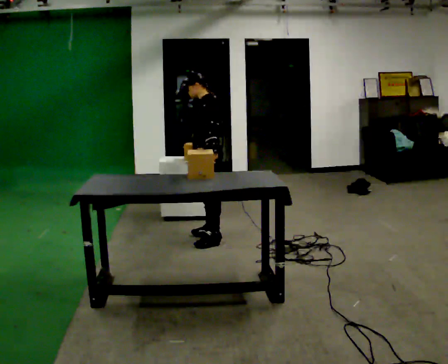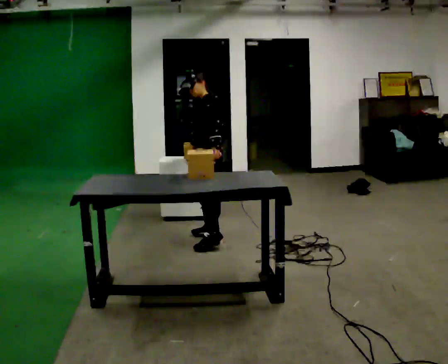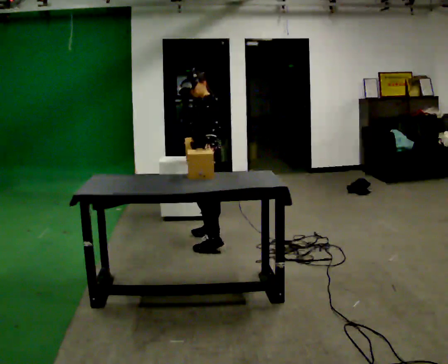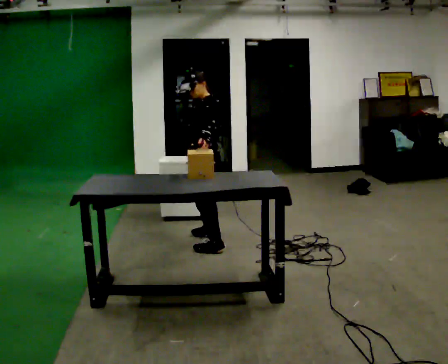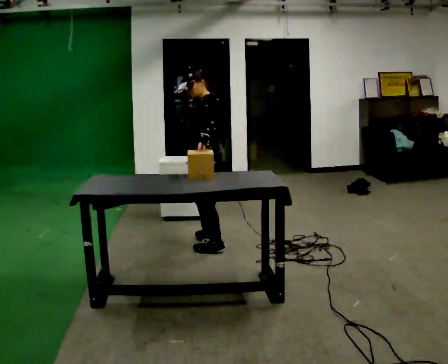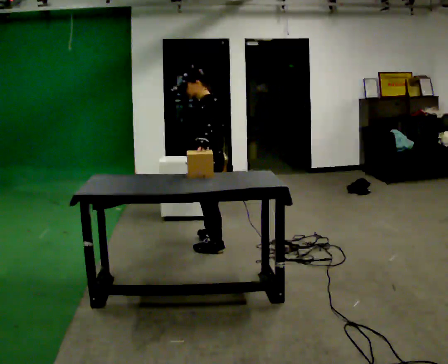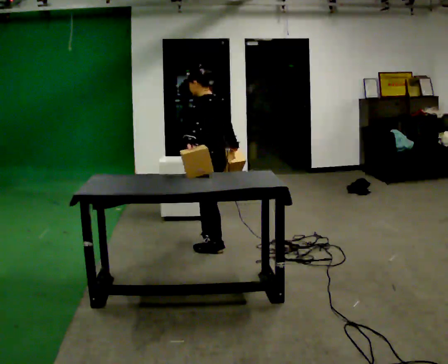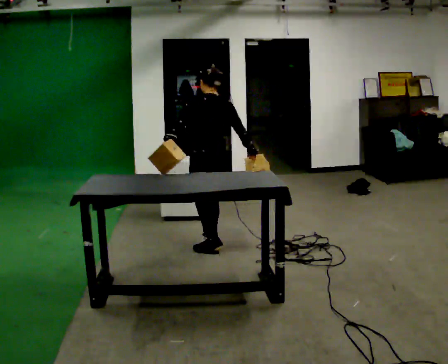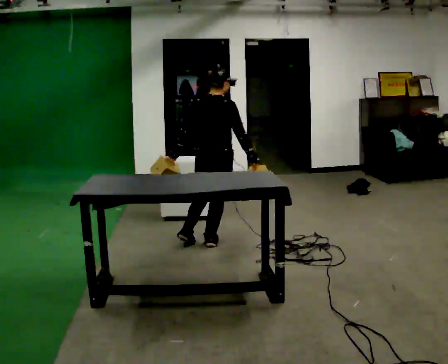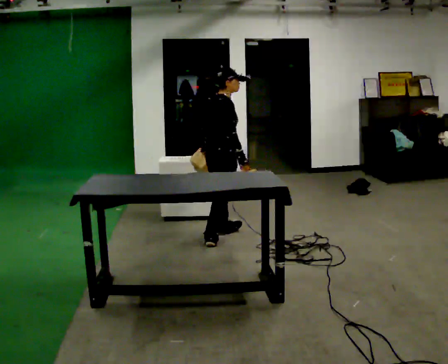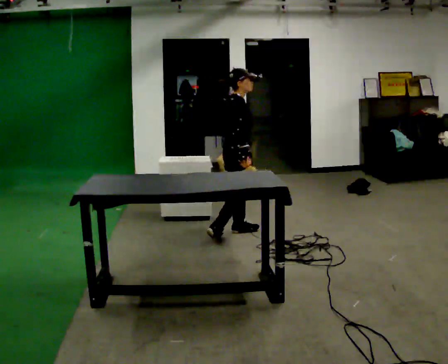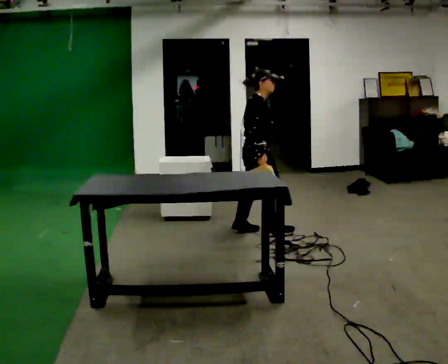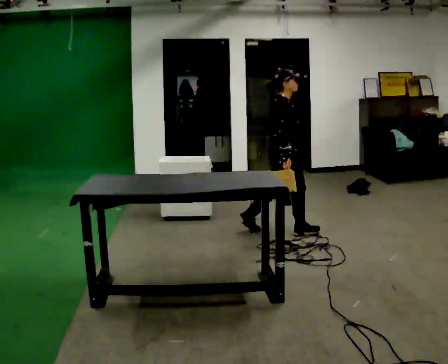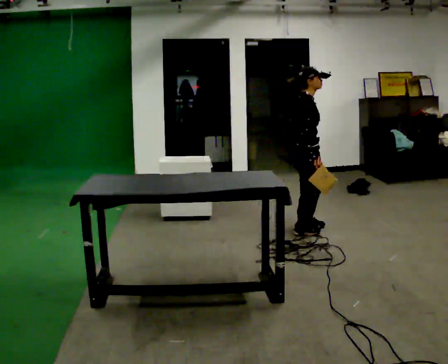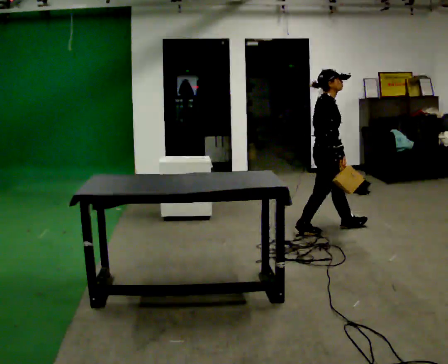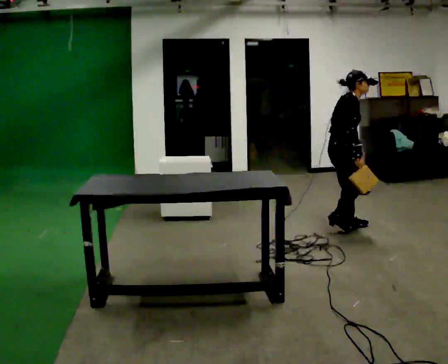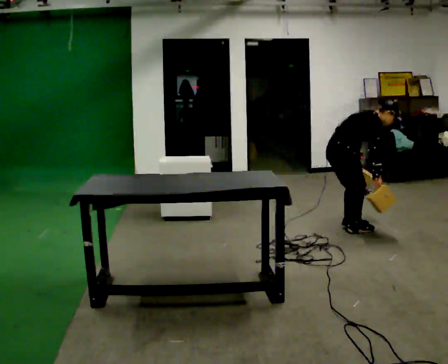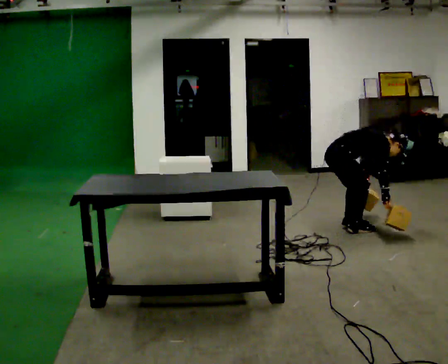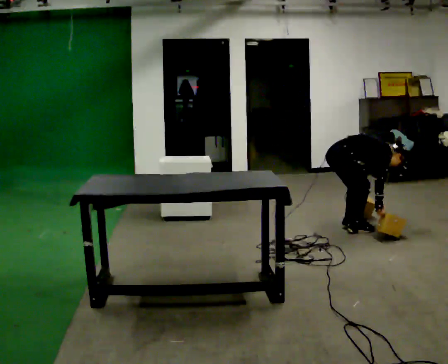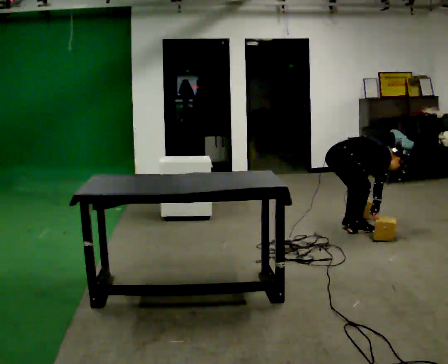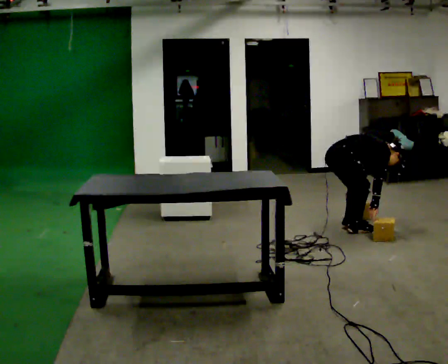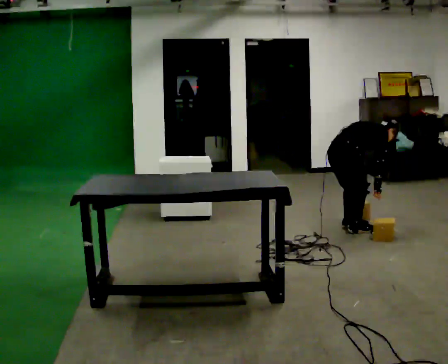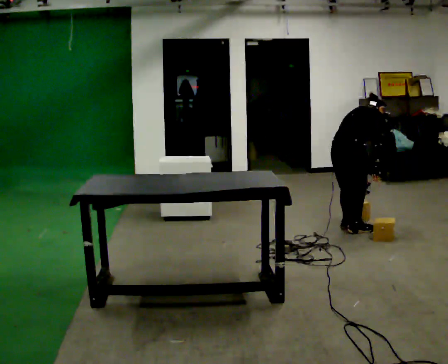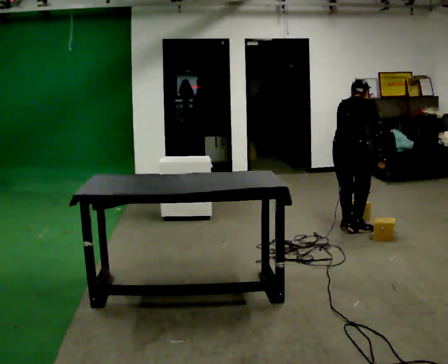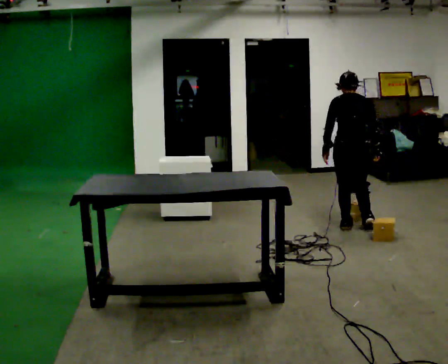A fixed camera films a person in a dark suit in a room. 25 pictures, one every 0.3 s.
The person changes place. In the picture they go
to the right.
0.0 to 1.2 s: In the picture they go toward the camera, about 0.25 m in 2 steps, which for them is to their left.
1.2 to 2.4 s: The part of the body nearest the lens slides to the left as the person turns to their right by about 120 degrees. In the picture they go away from the camera, about 0.25 m. In the picture their left hand goes to the left.
2.4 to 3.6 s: The part of the body nearest the lens slides to the left as the person turns to their right by about 60 degrees. In the picture they go to the right and away from the camera, about 0.75 m in 2 steps, which for them is forward.
3.6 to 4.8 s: In the picture they go to the right, about 0.5 m in 2 steps, which for them is forward. The upper body goes downward. In the picture the upper body tilts clockwise, shoulders to the right, as they bend forward.
4.8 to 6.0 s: The upper body goes downward. The upper body tips away from the camera, its near side rolling upward, as they bend forward.
6.0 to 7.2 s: The person turns about 90 degrees to their left, counterclockwise seen from above, so the part of the body nearest the lens slides to the right. The upper body goes upward. In the picture the upper body tilts counterclockwise, shoulders to the left, as they lean back or straighten. In the picture their right hand goes upward.
The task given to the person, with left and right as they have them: Pick up both objects, carry them together, then put each one in a different place. Keep going until the operator says stop; one object at a time, and do not rush between trips.
The film runs forward here.
